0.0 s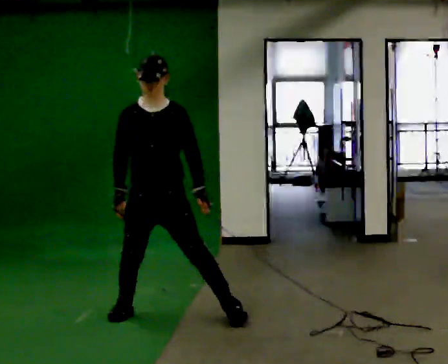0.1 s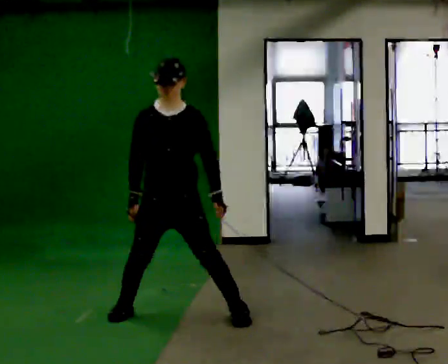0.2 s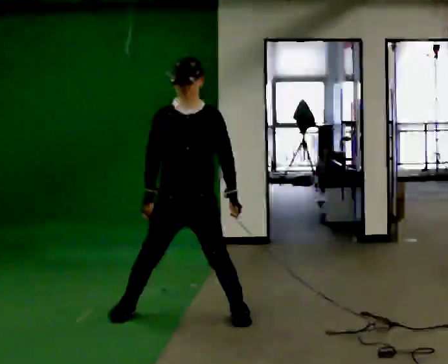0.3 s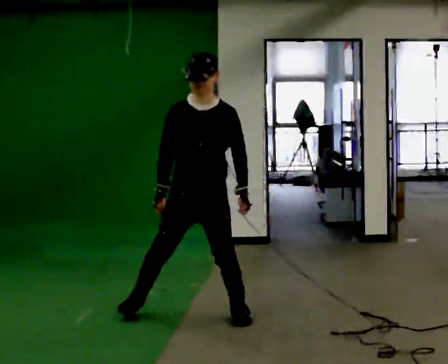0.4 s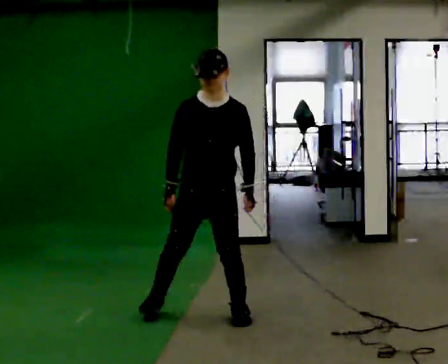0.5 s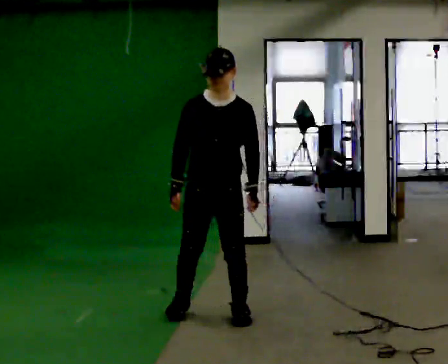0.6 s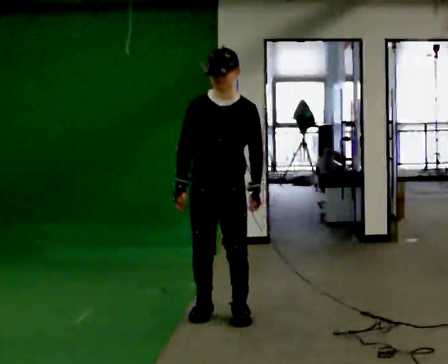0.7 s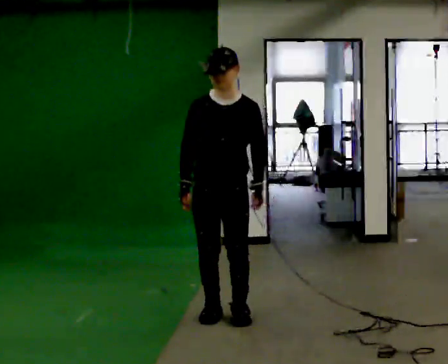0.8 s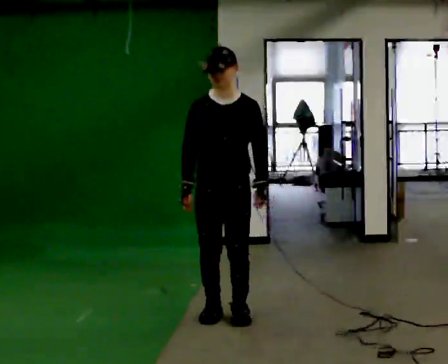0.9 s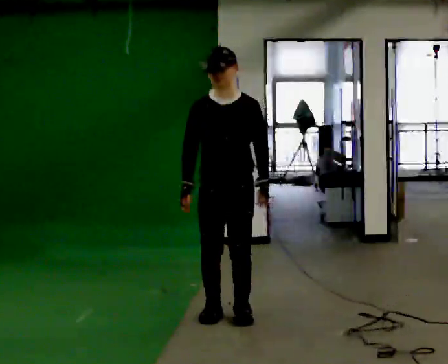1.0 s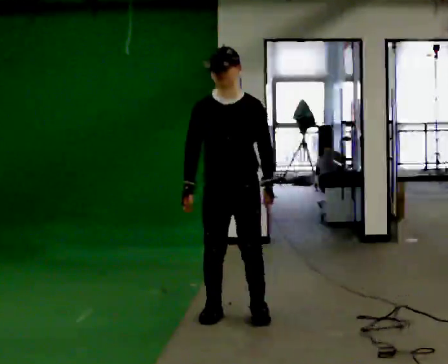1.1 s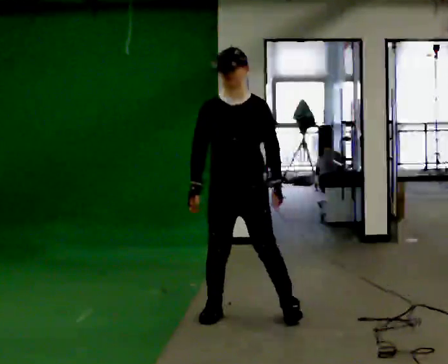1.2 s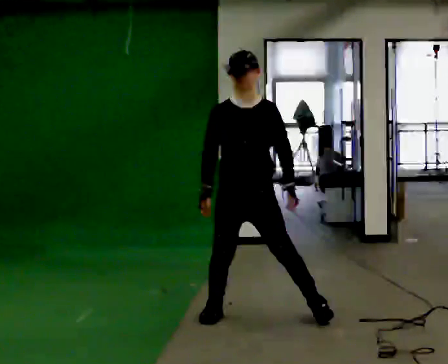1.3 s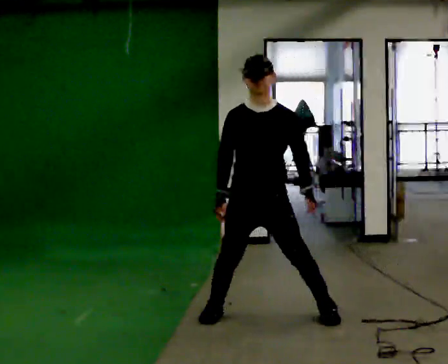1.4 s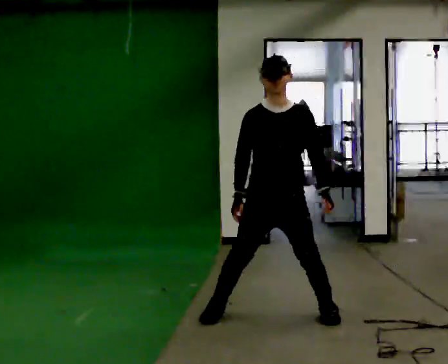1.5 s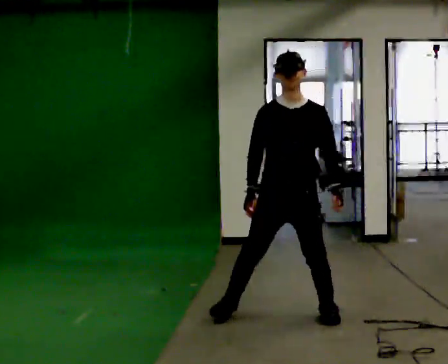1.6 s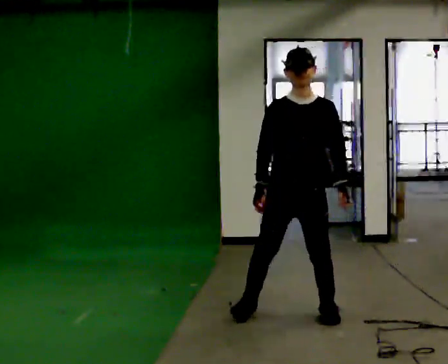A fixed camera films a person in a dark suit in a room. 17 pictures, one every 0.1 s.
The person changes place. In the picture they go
to the right.
0.0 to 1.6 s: In the picture they go to the right, about 1 m in 3 steps, which for them is to their left.
The film runs backward here.
